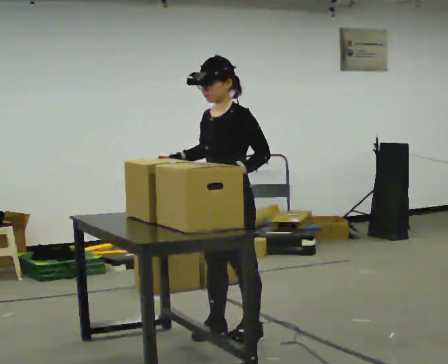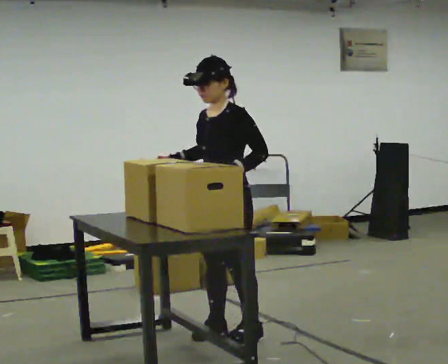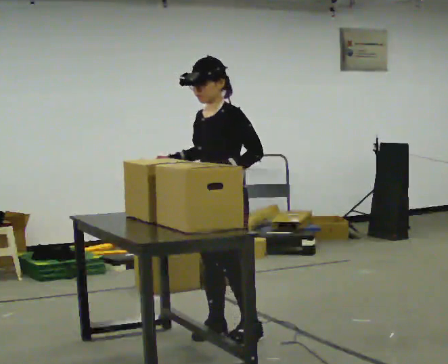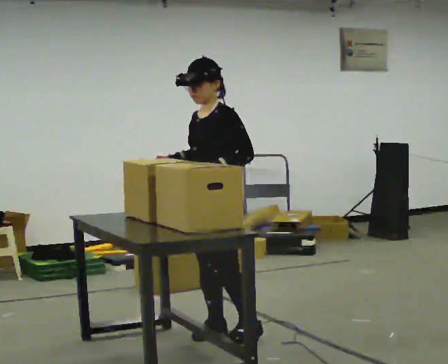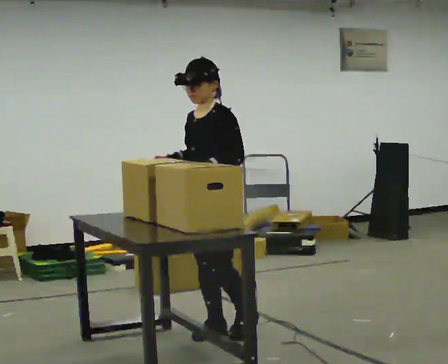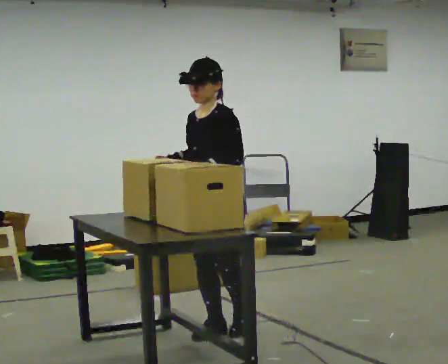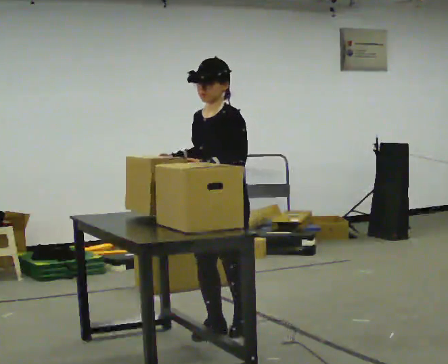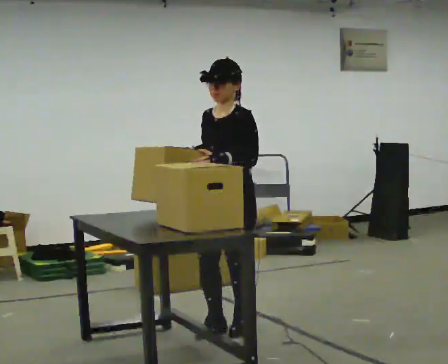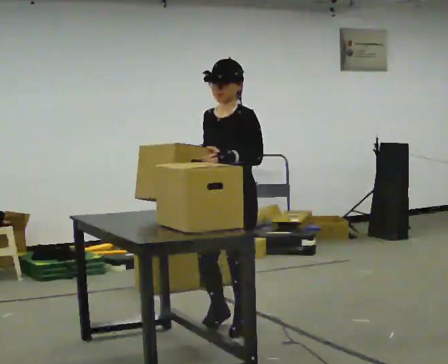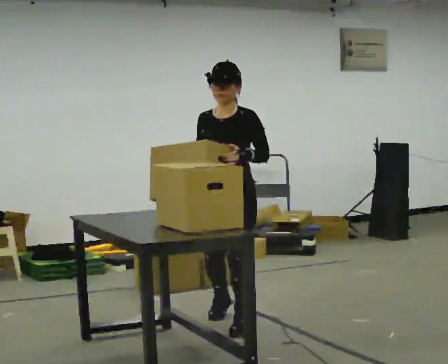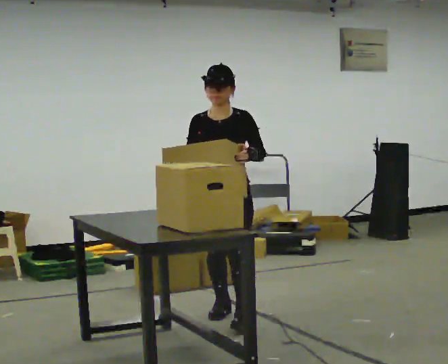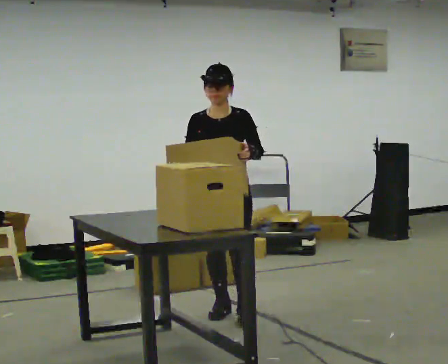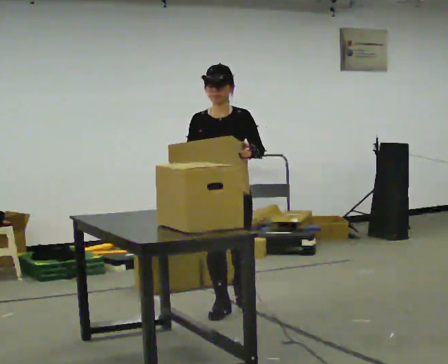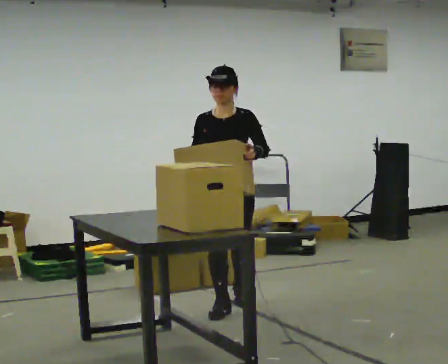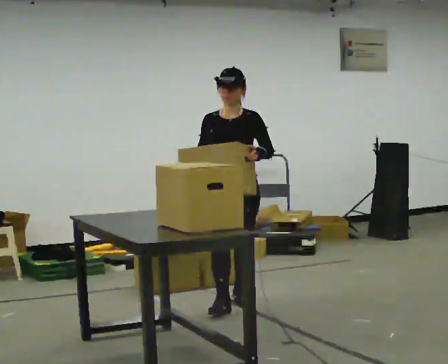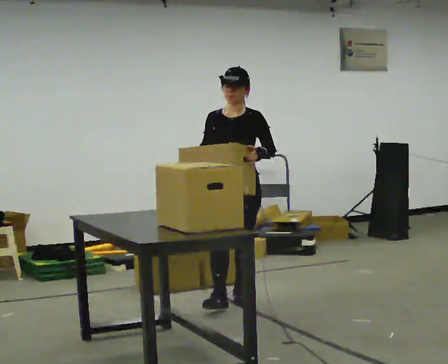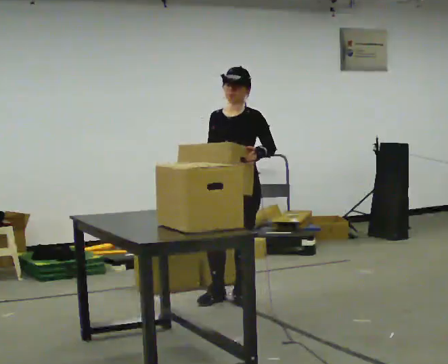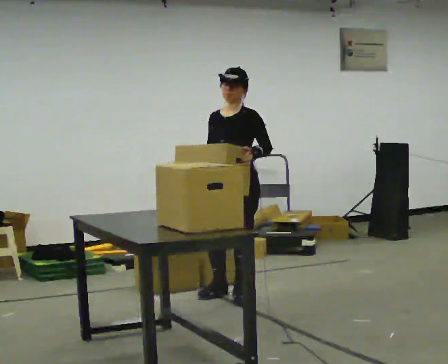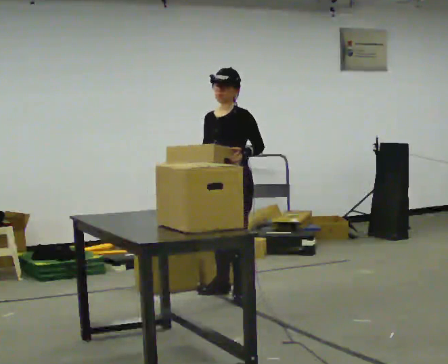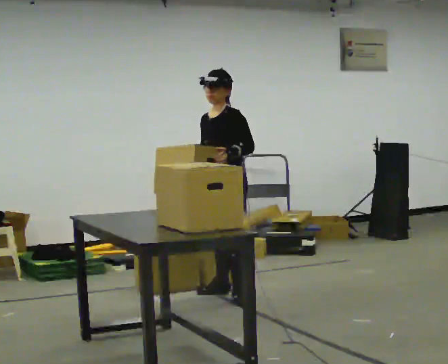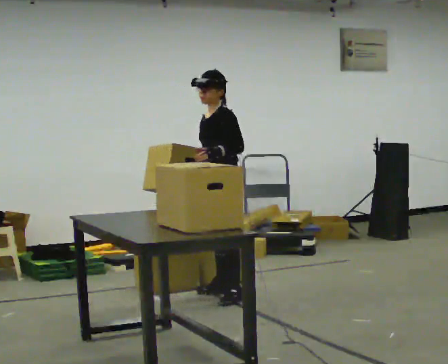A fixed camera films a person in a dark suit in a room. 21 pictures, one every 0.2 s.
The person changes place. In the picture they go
away from the camera.
0.0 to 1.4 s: The person moves a little, or ends about where they began.
1.4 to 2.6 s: The part of the body nearest the lens slides to the right as the person turns to their left by about 30 degrees. In the picture they go away from the camera, about 0.5 m in 2 steps, which for them is backward and to their right.
2.6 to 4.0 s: The part of the body nearest the lens slides to the left as the person turns to their right by about 60 degrees. In the picture they go away from the camera, about 0.5 m in 1 step, which for them is backward and to their right.
The film runs backward here.
